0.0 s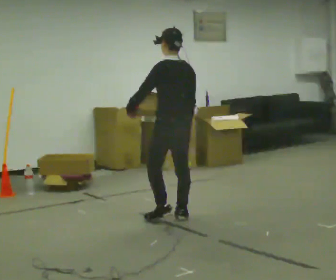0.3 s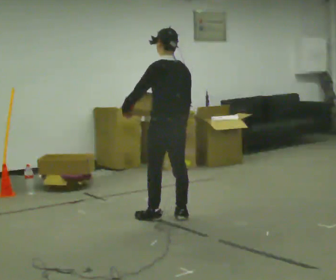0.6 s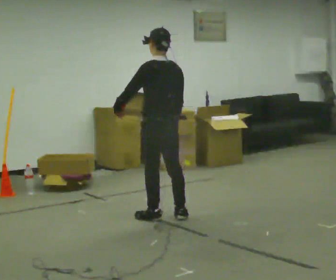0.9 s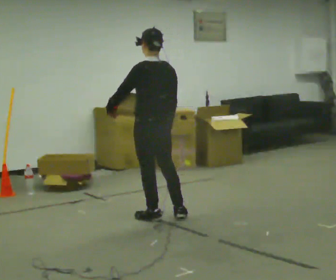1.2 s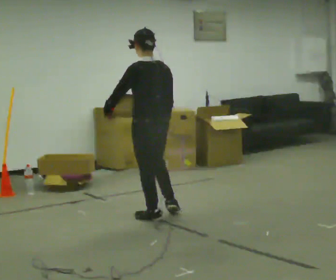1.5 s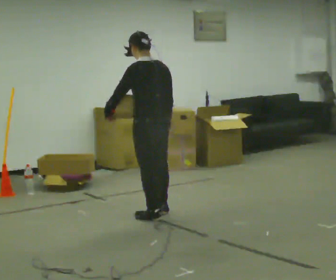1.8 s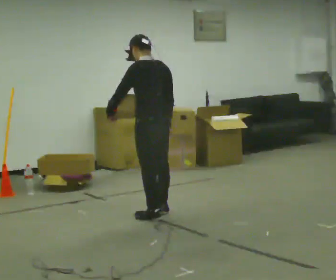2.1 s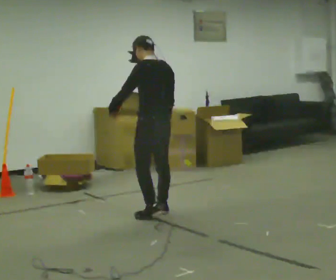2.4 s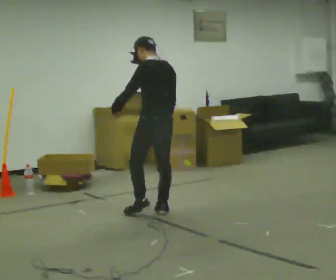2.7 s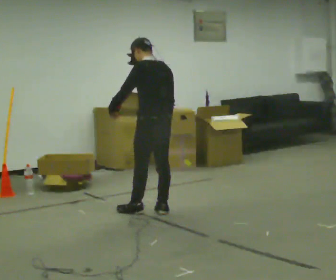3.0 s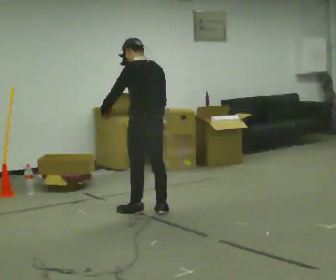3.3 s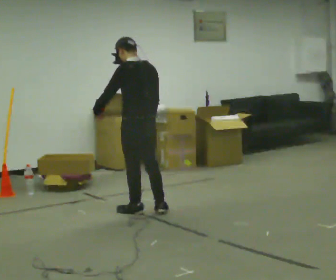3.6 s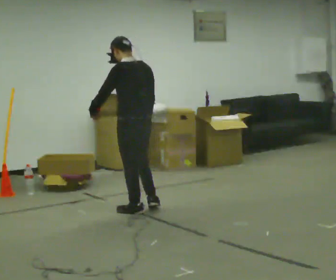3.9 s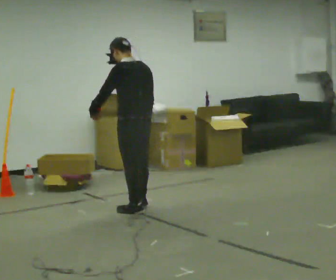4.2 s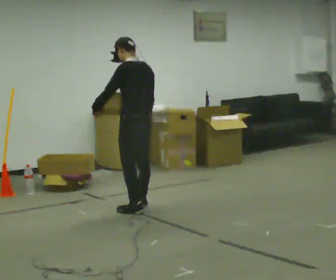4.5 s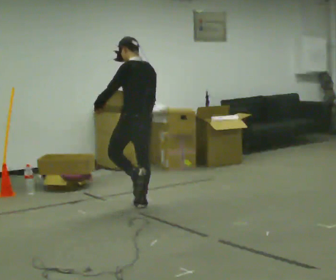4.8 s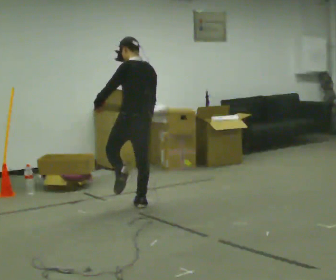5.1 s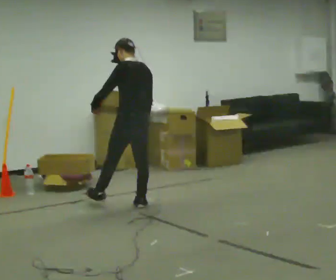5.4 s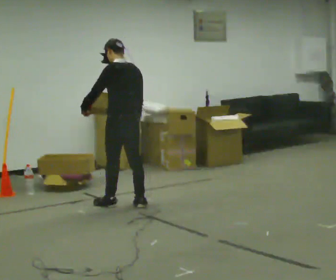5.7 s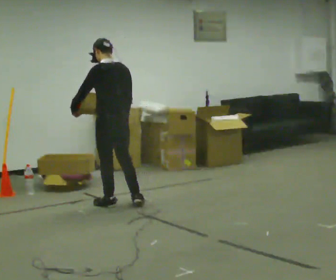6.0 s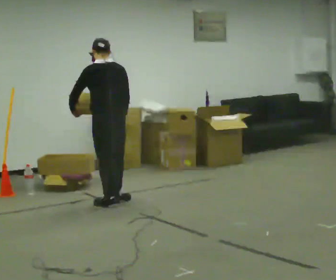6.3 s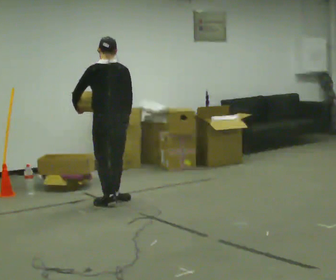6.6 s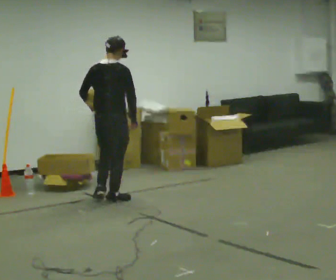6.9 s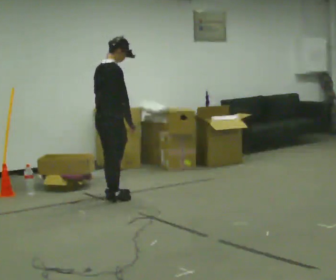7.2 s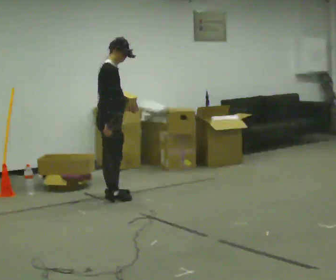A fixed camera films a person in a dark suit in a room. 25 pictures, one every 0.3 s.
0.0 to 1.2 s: In the picture they go to the left, about 0.25 m in 1 step, which for them is to their left.
1.2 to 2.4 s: In the picture they go away from the camera, about 0.25 m in 1 step, which for them is to their right and forward.
2.4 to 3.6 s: In the picture they go to the left, about 0.25 m in 1 step, which for them is forward and to their left.
3.6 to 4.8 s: In the picture they go away from the camera, about 0.25 m in 1 step, which for them is forward and to their right.
4.8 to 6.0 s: In the picture they go to the left, about 0.25 m in 1 step, which for them is forward and to their left.
6.0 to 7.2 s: Seen from above the body turns clockwise, about 105 degrees: to their right, with its near side sliding to the left. In the picture they go away from the camera, about 0.25 m in 2 steps.
The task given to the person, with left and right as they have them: Hold the object against your hip on the side the operator calls, and carry it back and forth across the room.
The film runs forward here.
